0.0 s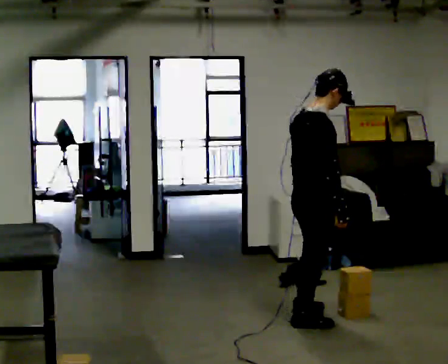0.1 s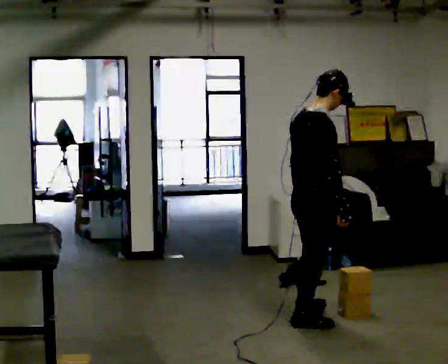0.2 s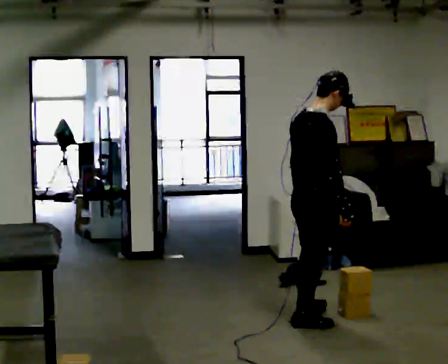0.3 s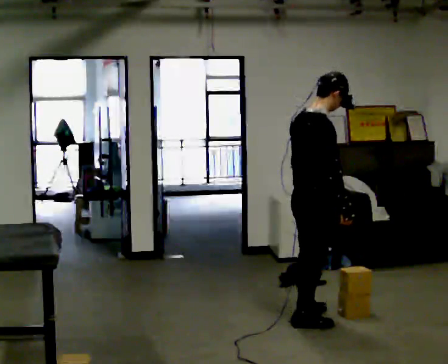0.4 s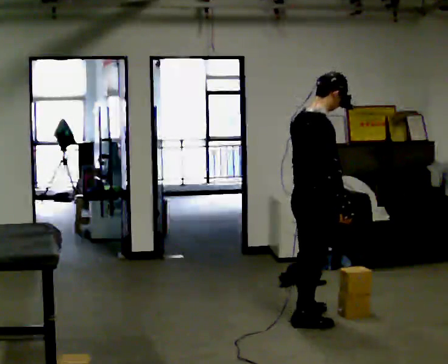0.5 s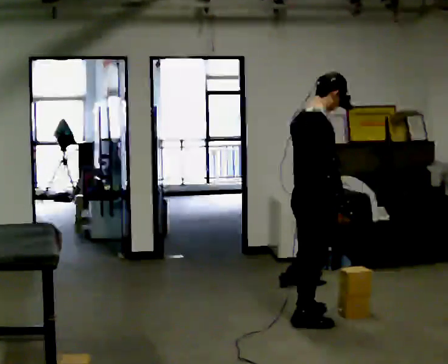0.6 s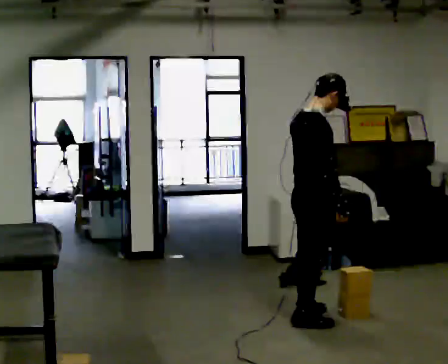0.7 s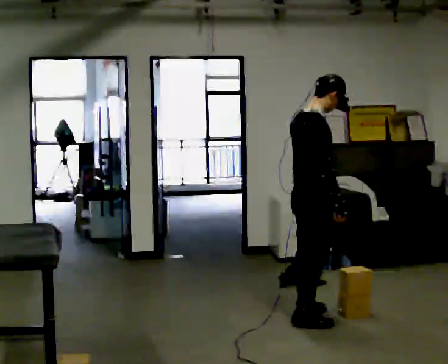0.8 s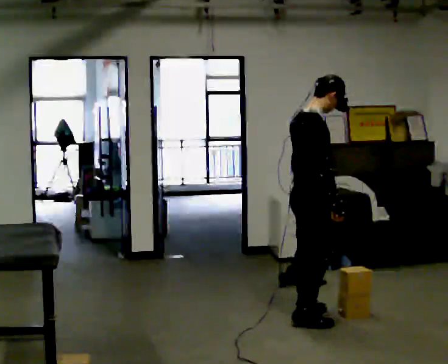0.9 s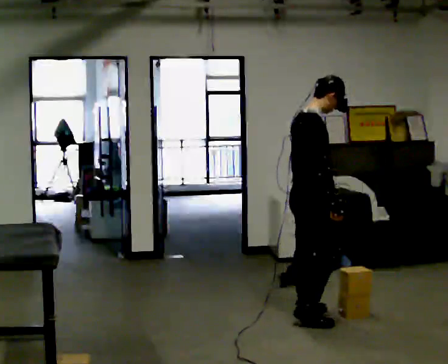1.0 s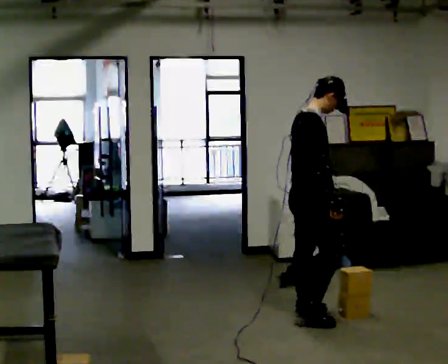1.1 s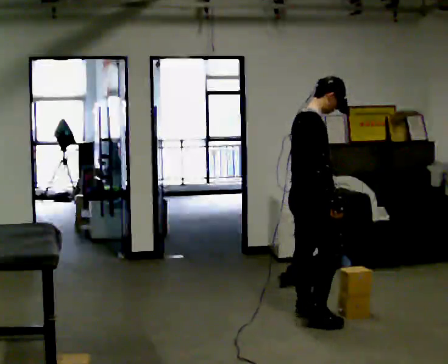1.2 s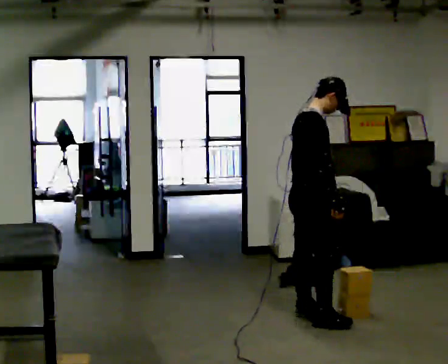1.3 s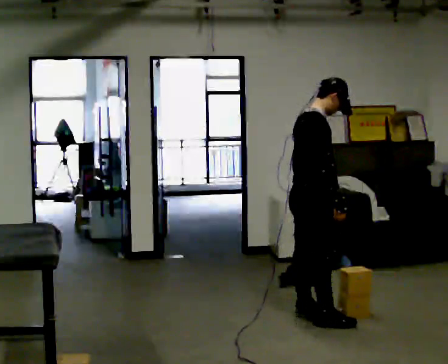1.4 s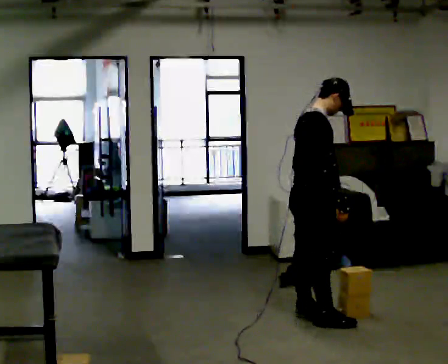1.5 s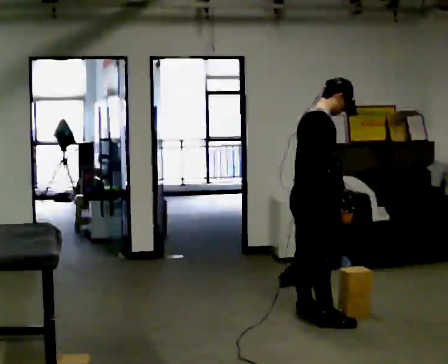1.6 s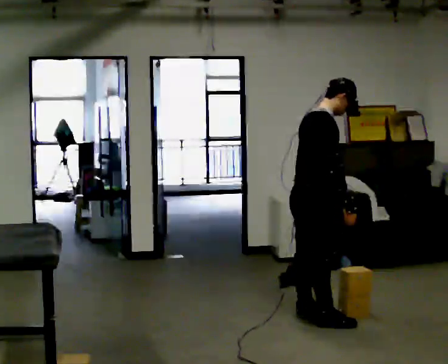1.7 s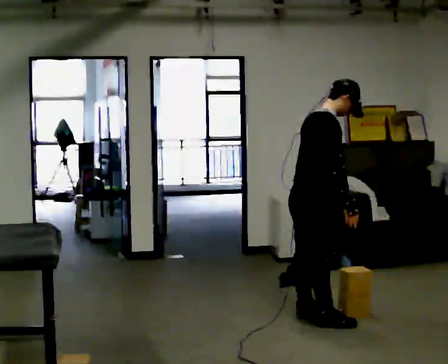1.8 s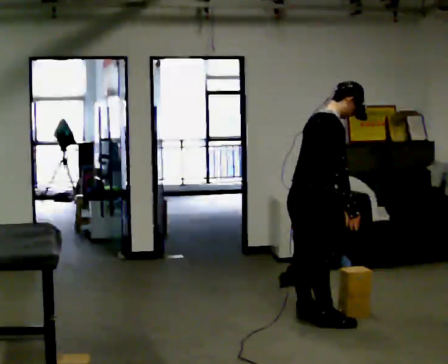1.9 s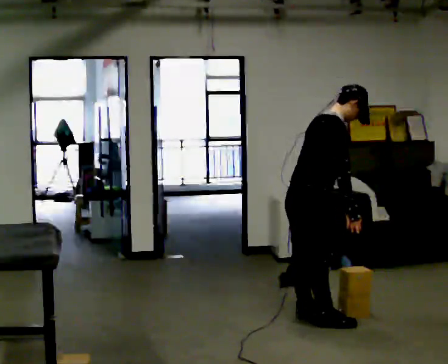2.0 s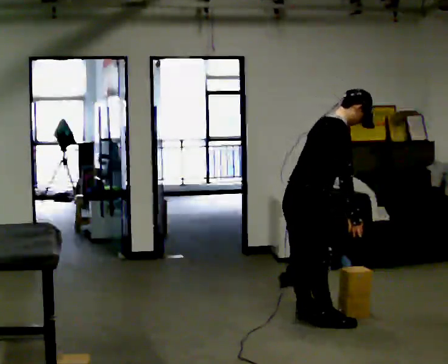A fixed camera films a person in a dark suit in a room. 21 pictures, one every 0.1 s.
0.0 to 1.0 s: In the picture they go away from the camera, about 0.25 m, which for them is to their left.
1.0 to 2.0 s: In the picture they go toward the camera, about 0.25 m, which for them is to their right. In the picture the upper body tilts clockwise, shoulders to the right, as they bend forward.
The film runs forward here.
